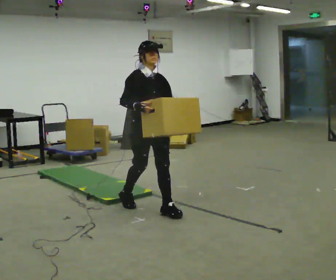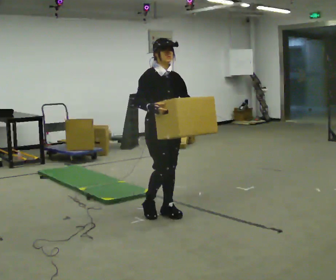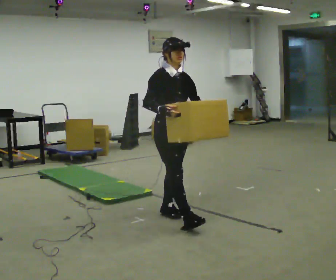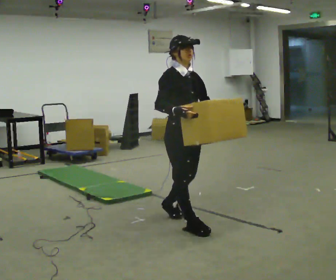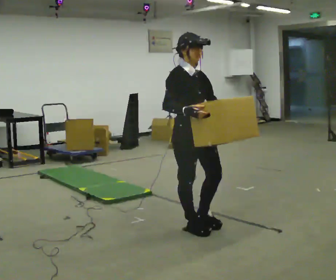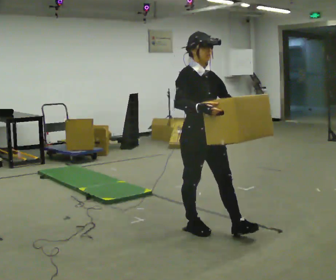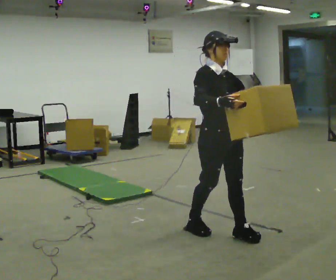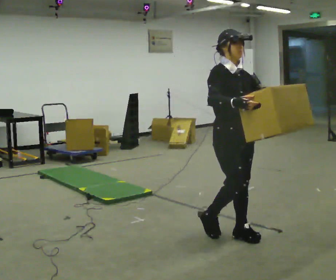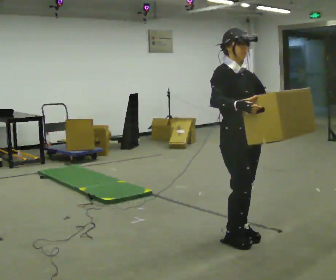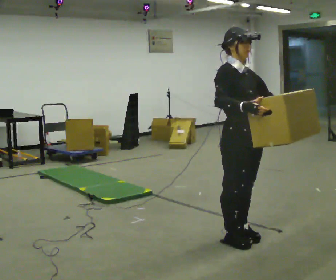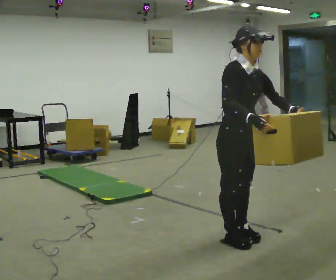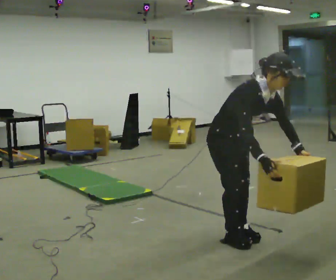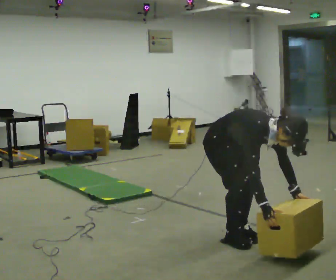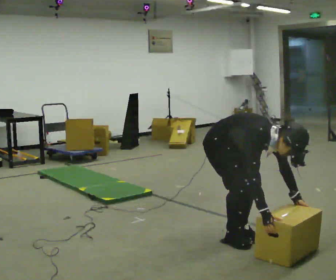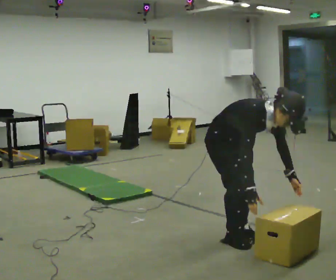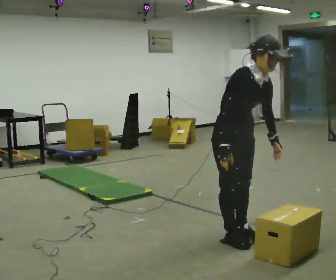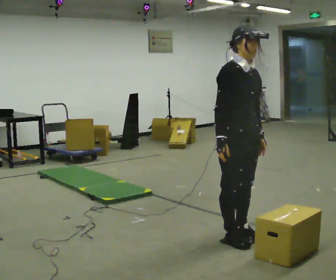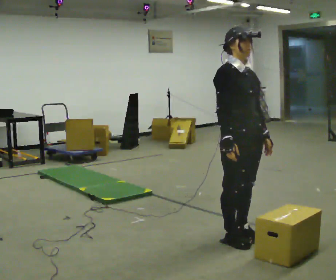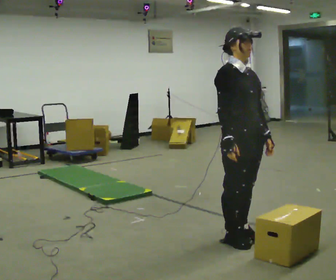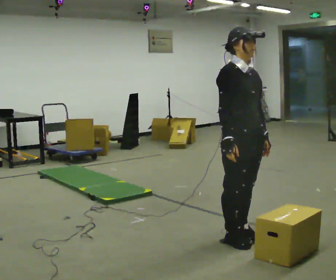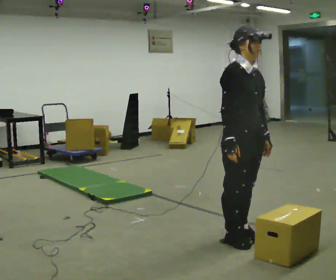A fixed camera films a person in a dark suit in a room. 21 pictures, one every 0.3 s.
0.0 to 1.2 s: In the picture they go toward the camera and to the right, about 0.75 m in 1 step, which for them is forward.
1.2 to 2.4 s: In the picture they go to the right and toward the camera, about 0.5 m in 2 steps, which for them is forward.
2.4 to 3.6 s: The shoulders move downward. In the picture the upper body tilts clockwise, shoulders to the right, as they bend forward. In the picture their right hand goes downward.
3.6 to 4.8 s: The upper body goes upward. In the picture the upper body tilts counterclockwise, shoulders to the left, as they lean back or straighten. In the picture their right hand goes upward and to the left.
4.8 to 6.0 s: The person moves a little, or ends about where they began.
The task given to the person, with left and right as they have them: Carry the box across the soft uneven mat, set it down on the far side, then bring it back. Keep going until the operator says stop; one object at a time, and do not rush between trips.
The film runs forward here.
